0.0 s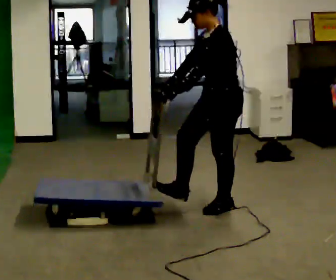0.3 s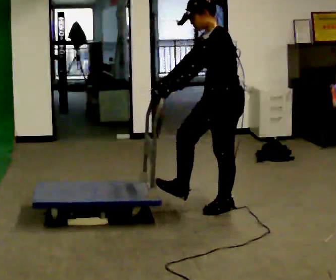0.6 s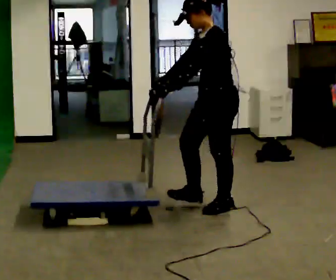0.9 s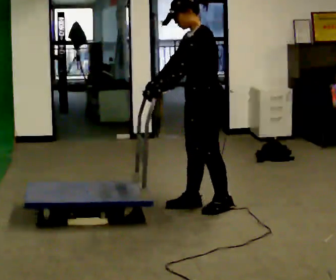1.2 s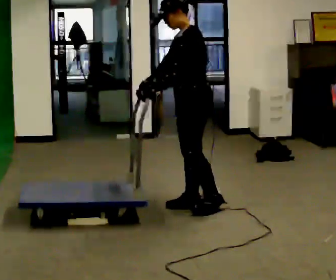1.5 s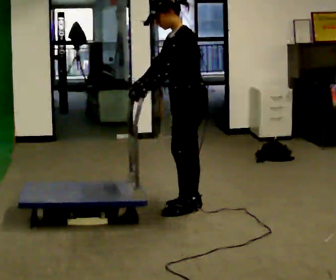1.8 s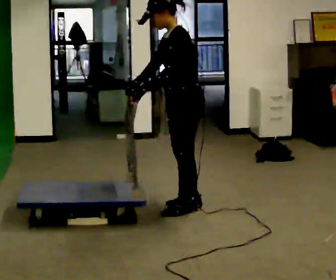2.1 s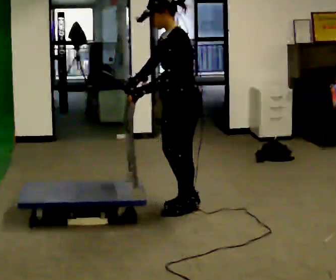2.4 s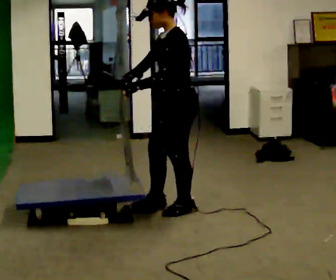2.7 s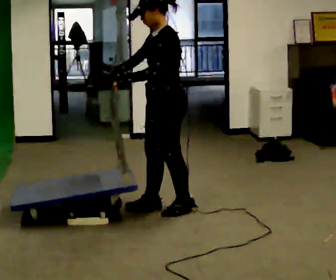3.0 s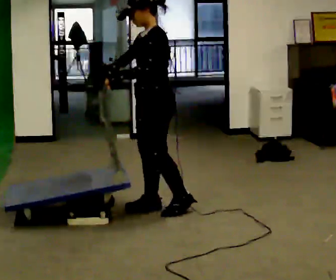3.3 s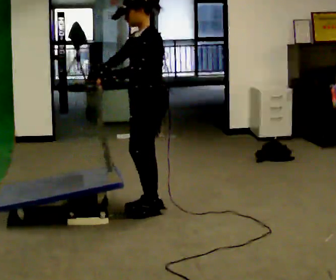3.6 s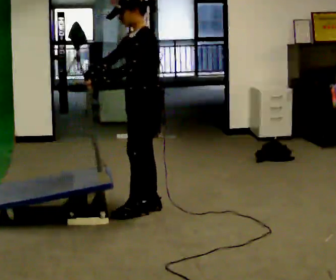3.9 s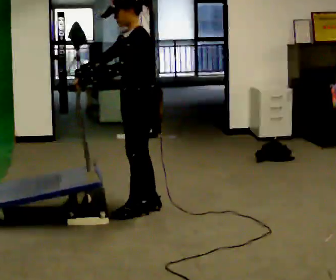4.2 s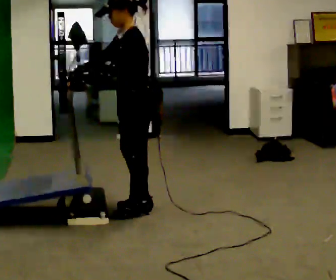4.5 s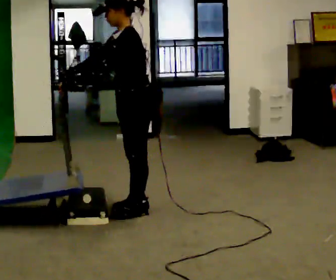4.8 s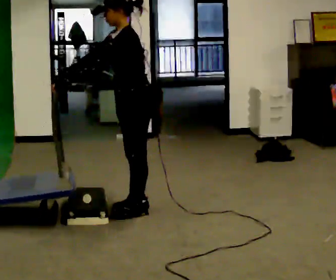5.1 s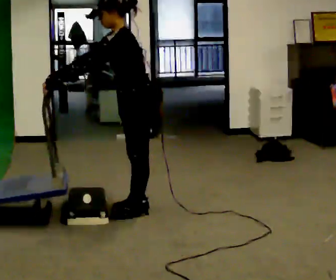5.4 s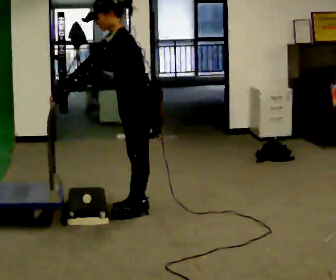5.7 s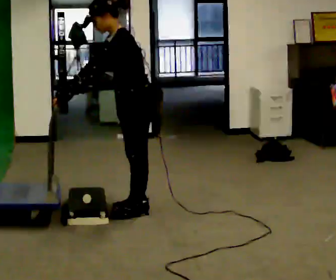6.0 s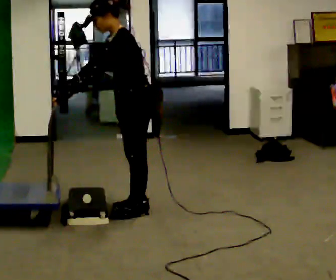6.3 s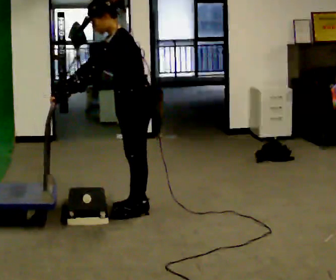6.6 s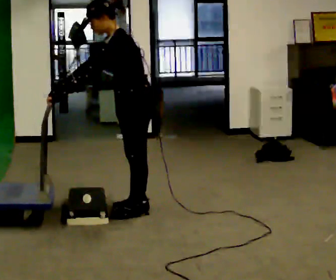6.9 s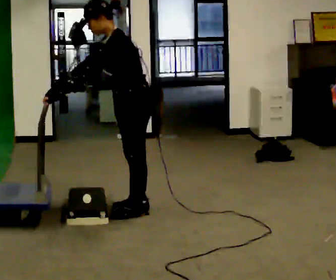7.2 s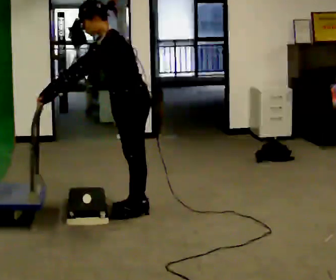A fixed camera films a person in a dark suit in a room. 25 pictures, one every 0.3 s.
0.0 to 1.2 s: In the picture they go to the left, about 0.25 m in 1 step, which for them is forward and to their right.
1.2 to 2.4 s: The person moves a little, or ends about where they began.
2.4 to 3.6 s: In the picture they go to the left, about 0.25 m in 1 step, which for them is forward and to their right.
3.6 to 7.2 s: In the picture the upper body tilts counterclockwise, shoulders to the left, as they bend forward. In the picture their left hand goes to the left.
The film runs backward here.
